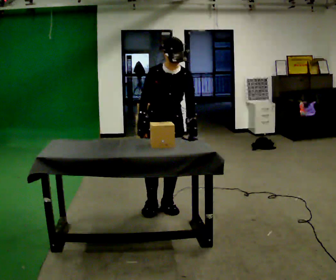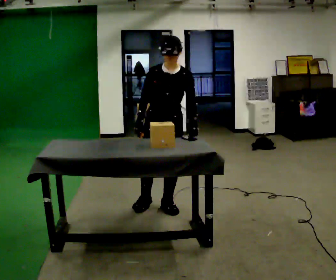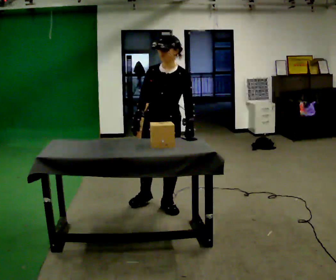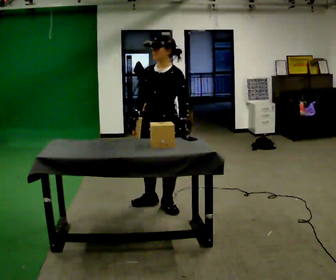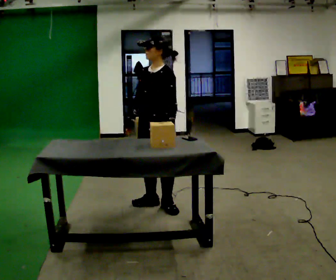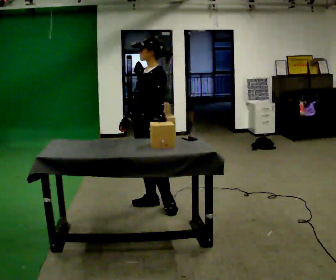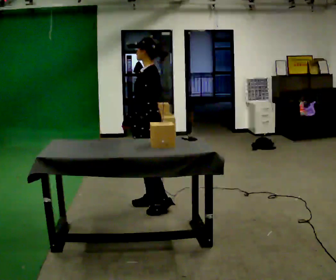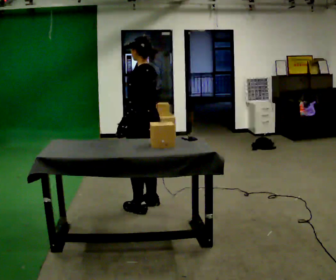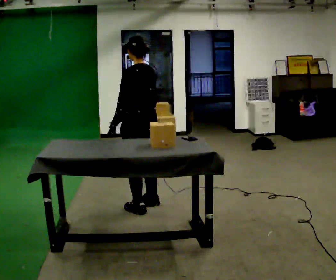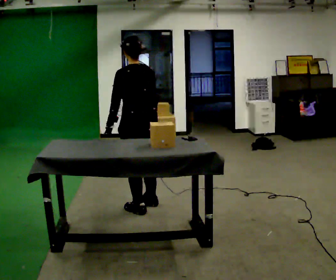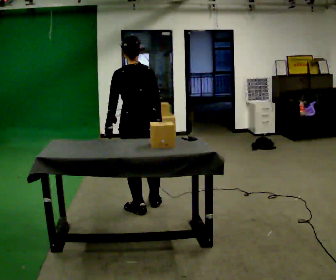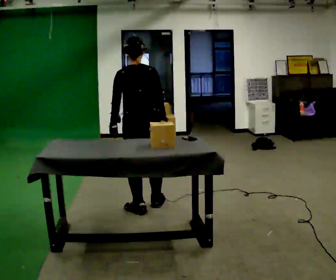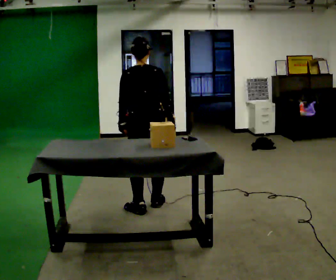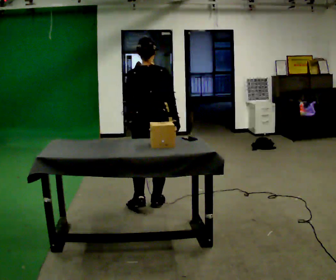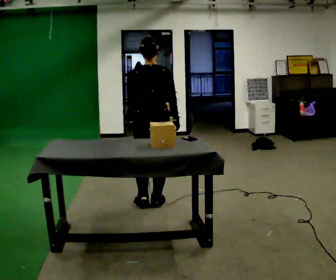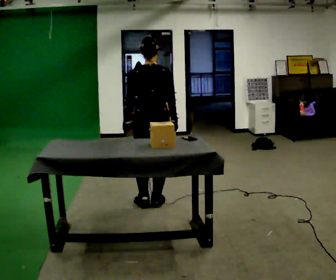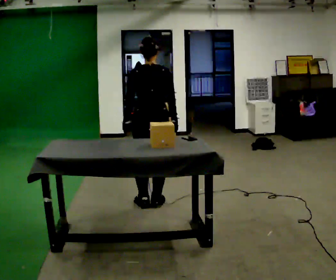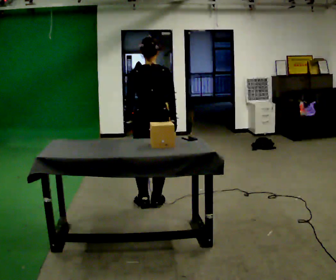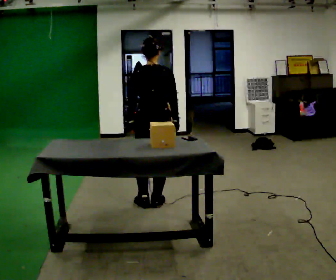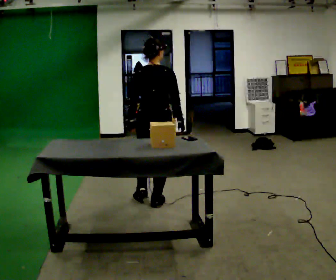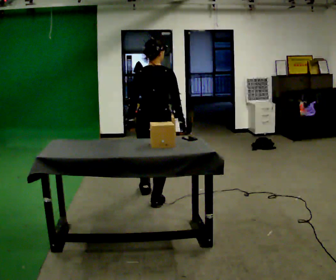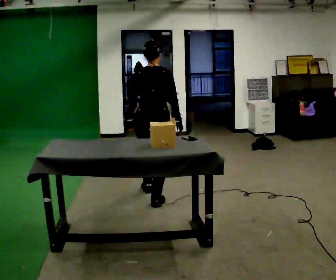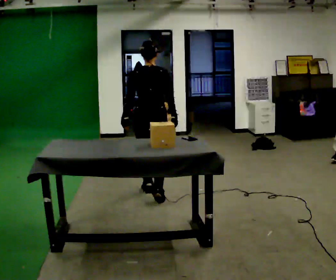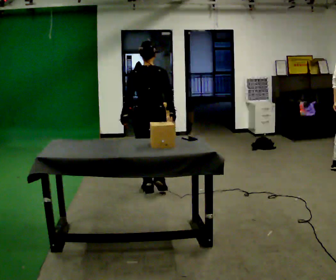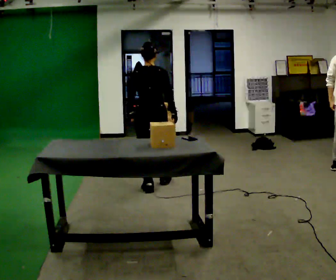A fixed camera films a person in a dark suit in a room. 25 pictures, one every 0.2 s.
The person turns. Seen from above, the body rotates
clockwise.
Their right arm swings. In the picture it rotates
counterclockwise.
0.0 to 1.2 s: The part of the body nearest the lens slides to the left as the person turns to their right by about 90 degrees. In the picture their left hand goes to the left.
1.2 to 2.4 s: The part of the body nearest the lens slides to the left as the person turns to their right by about 90 degrees. In the picture their right hand goes to the right, the arm swinging counterclockwise.
2.4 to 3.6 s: The person moves a little, or ends about where they began.
3.6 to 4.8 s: In the picture they go away from the camera, about 0.5 m in 1 step, which for them is forward.
The film runs forward here.
